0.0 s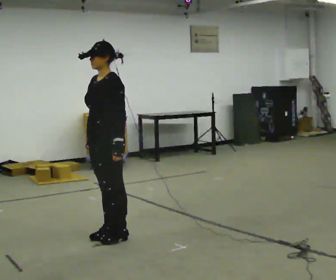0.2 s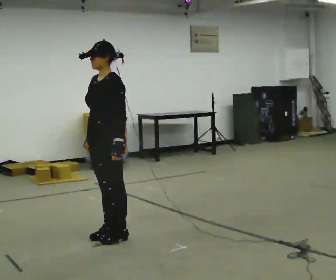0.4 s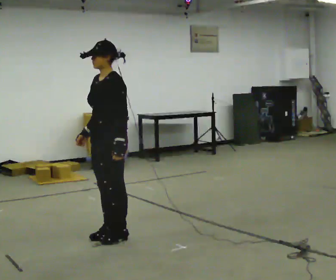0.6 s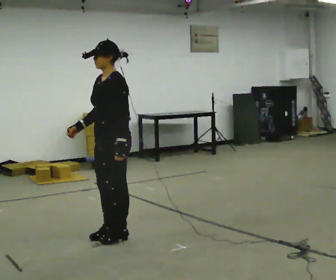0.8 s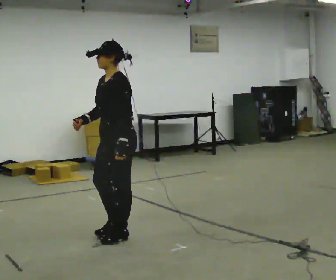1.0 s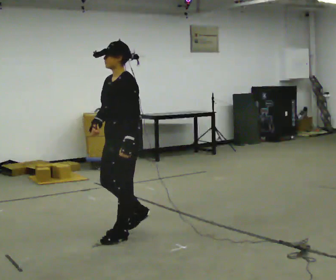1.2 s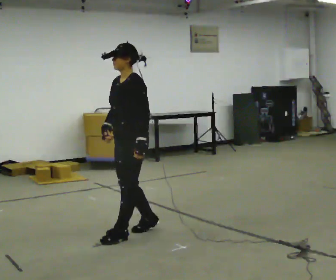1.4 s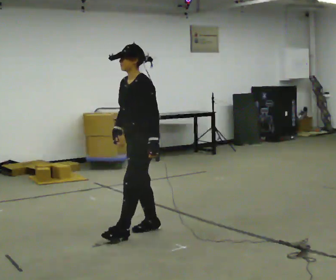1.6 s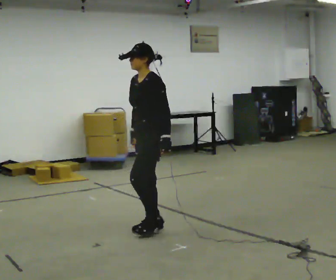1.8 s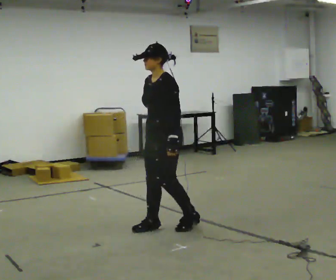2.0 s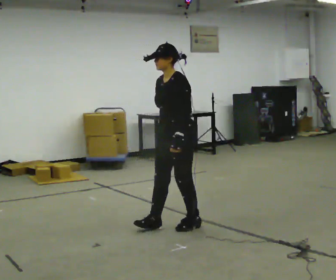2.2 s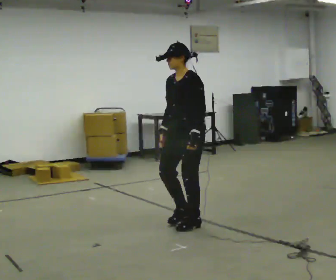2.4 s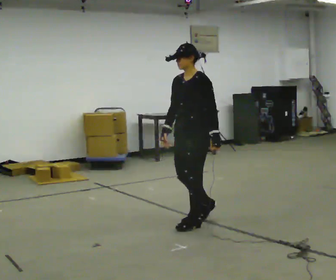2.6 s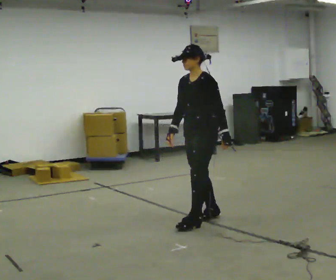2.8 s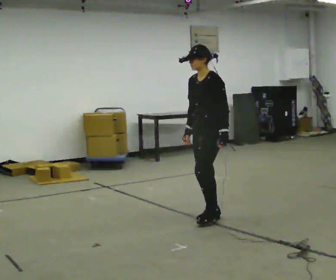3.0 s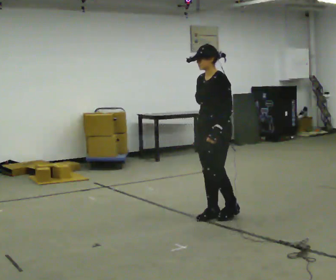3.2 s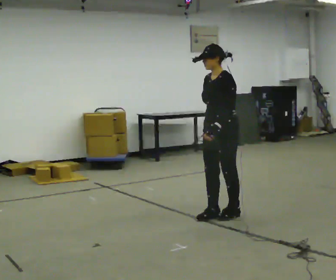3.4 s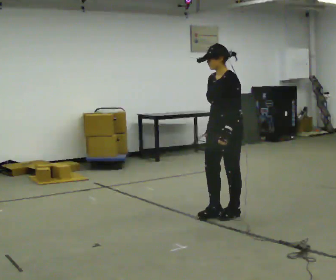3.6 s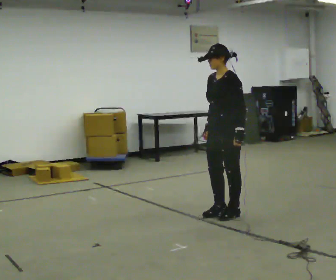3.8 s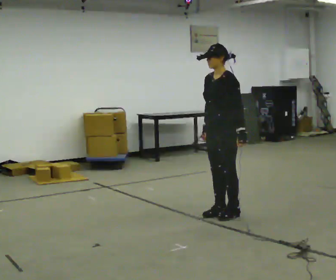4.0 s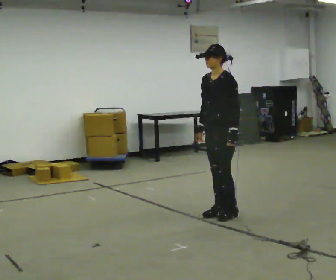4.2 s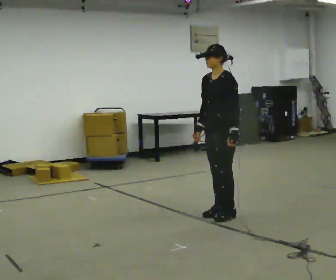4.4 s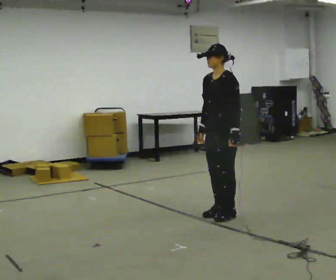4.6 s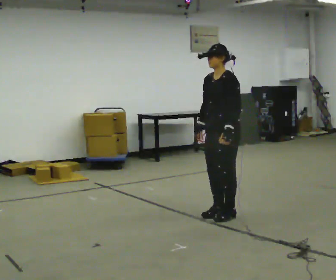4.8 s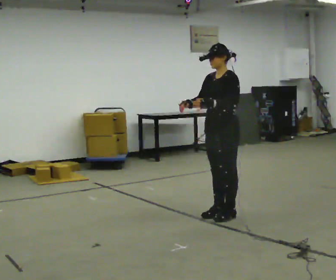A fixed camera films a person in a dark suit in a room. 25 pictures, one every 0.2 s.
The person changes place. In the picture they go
to the right.
0.0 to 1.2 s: In the picture they go to the right, about 0.25 m in 1 step, which for them is backward.
1.2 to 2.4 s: In the picture they go to the right and away from the camera, about 0.5 m in 1 step, which for them is backward.
2.4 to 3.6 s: In the picture they go to the right and away from the camera, about 0.25 m in 2 steps, which for them is backward.
3.6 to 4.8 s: In the picture their left hand goes upward.
The film runs forward here.
